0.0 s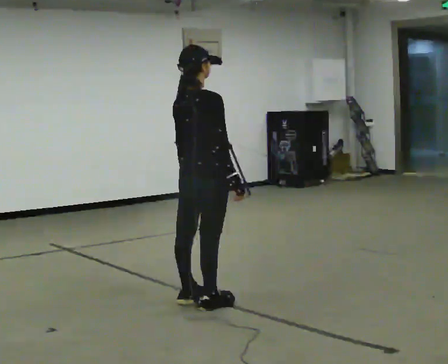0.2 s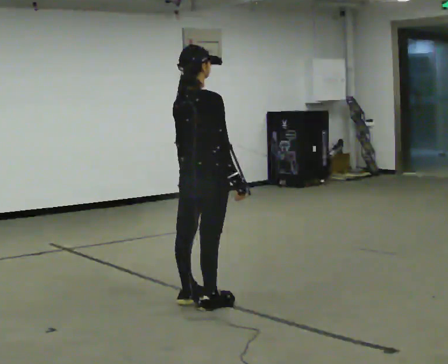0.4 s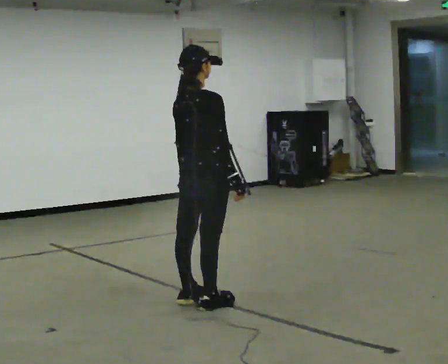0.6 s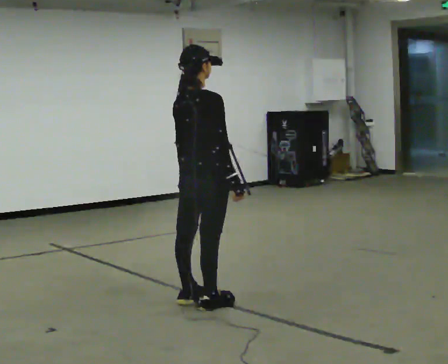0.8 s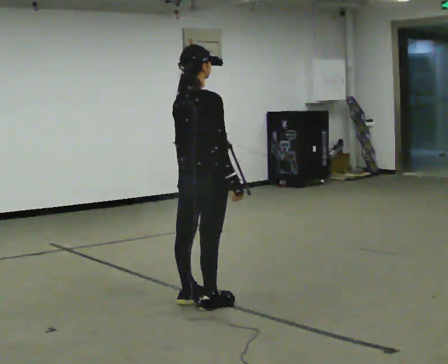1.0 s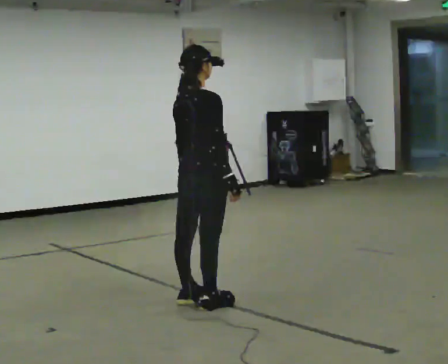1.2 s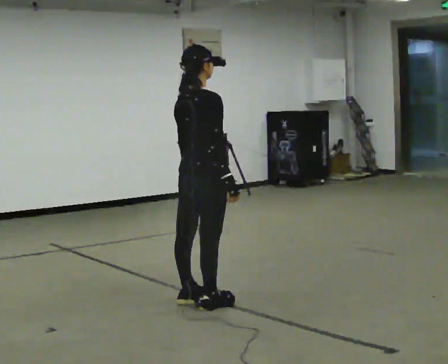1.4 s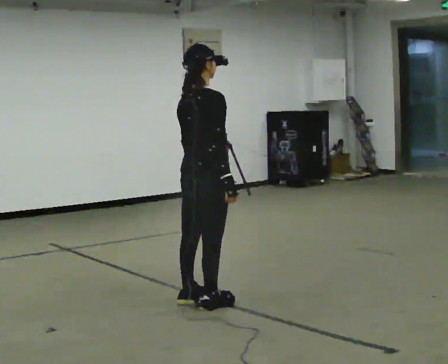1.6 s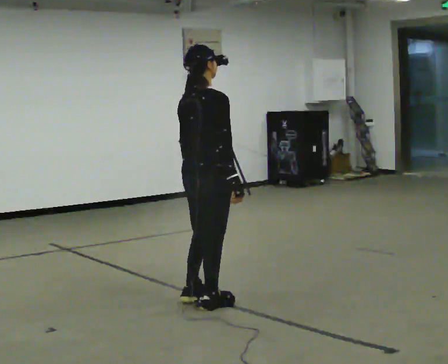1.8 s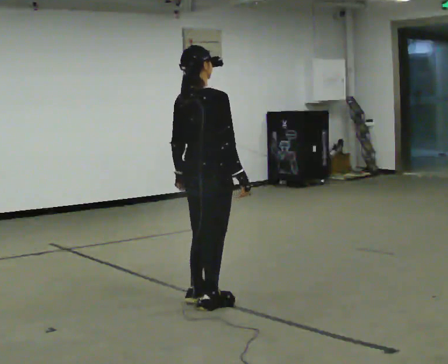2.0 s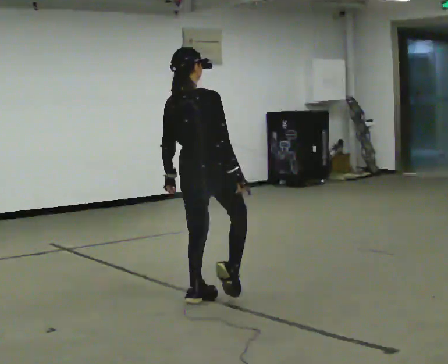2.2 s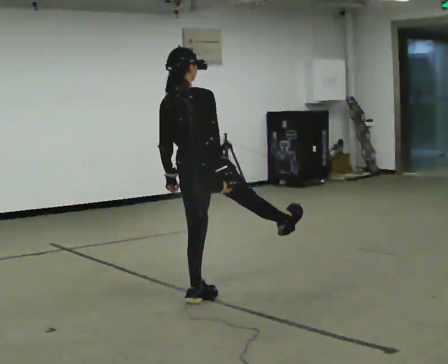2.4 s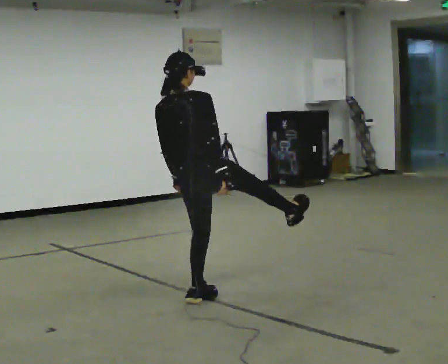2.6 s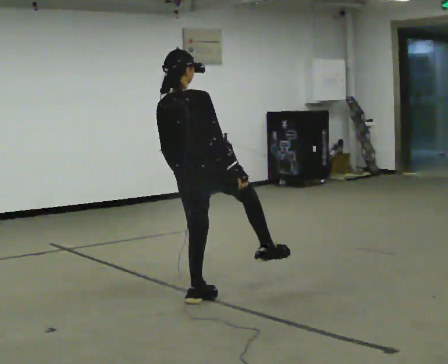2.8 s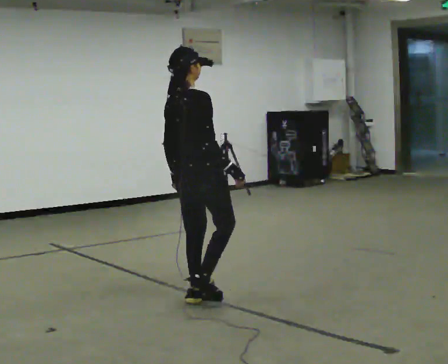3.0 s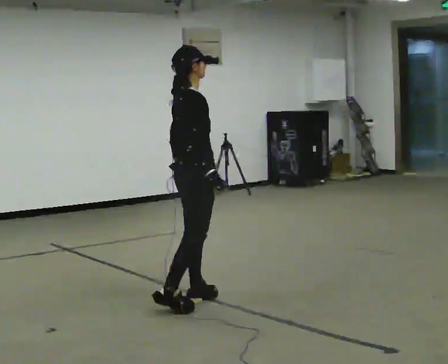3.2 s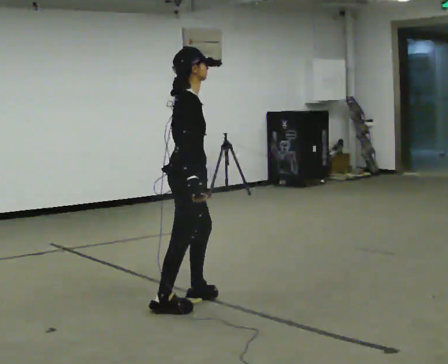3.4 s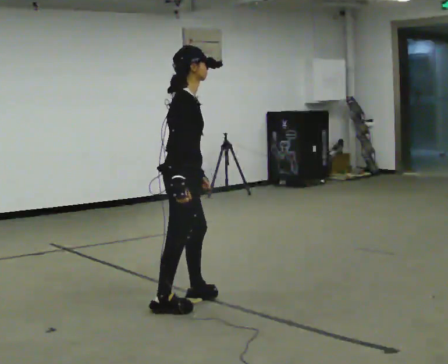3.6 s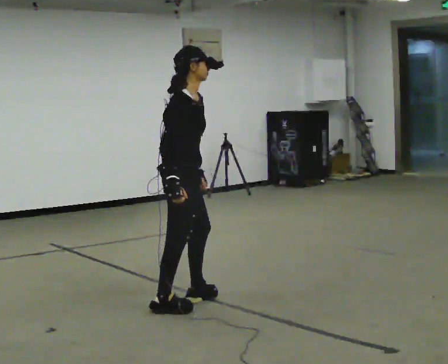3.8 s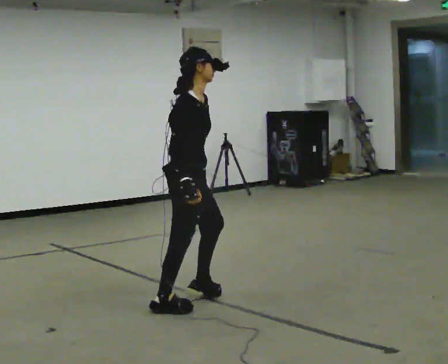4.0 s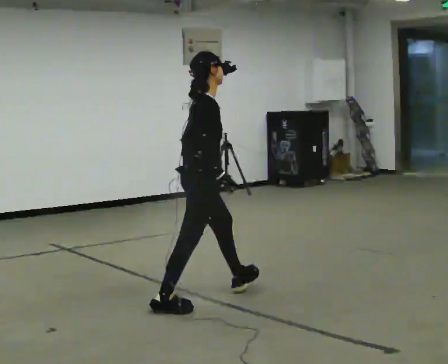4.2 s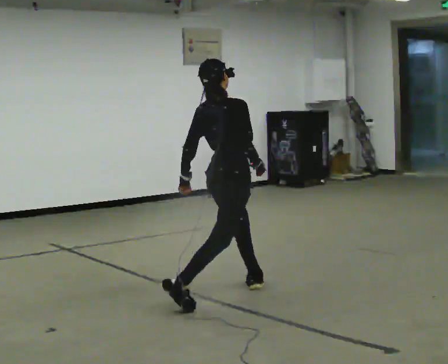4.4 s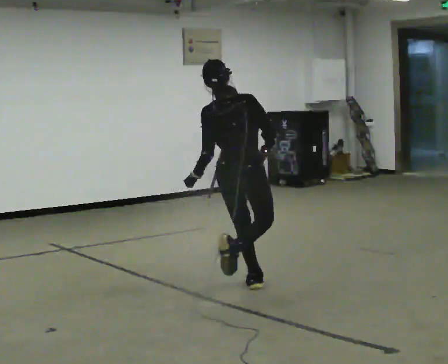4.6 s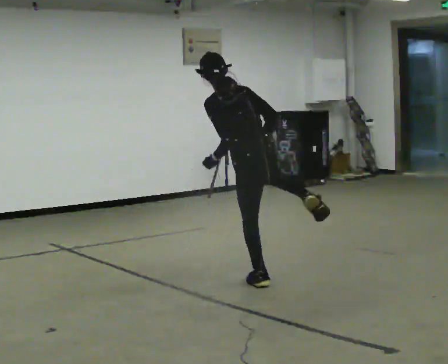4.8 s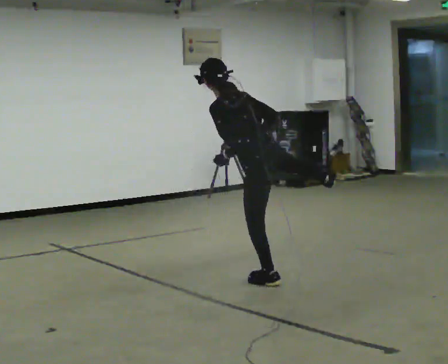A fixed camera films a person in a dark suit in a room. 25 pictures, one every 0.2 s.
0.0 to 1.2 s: The person moves a little, or ends about where they began.
1.2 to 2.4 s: Seen from above the body turns counterclockwise, about 30 degrees: to their left, with its near side sliding to the right. In the picture the upper body tilts counterclockwise, shoulders to the left.
2.4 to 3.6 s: The part of the body nearest the lens slides to the left as the person turns to their right by about 75 degrees. In the picture the upper body tilts clockwise, shoulders to the right, as they bend forward. In the picture their right hand goes to the left.
3.6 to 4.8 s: The part of the body nearest the lens slides to the right as the person turns to their left by about 135 degrees. In the picture they go to the right and away from the camera, about 0.5 m in 1 step. In the picture the upper body tilts counterclockwise, shoulders to the left.
The film runs forward here.
